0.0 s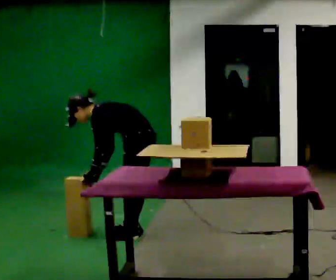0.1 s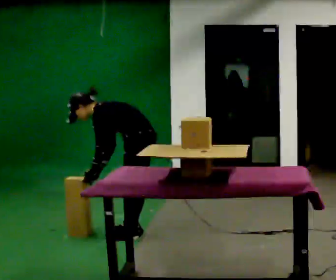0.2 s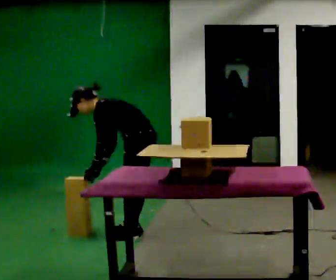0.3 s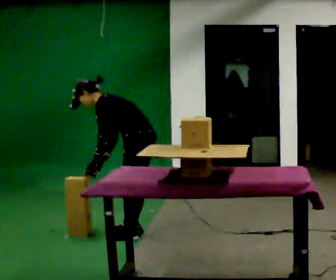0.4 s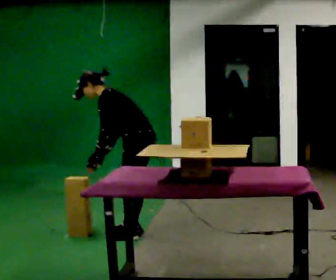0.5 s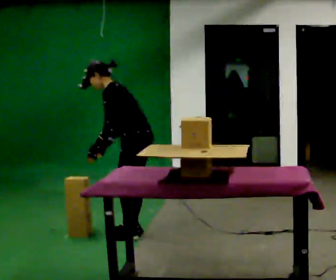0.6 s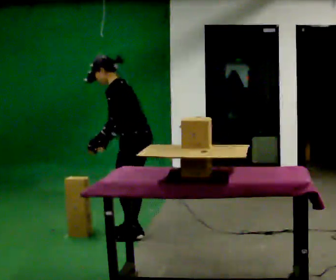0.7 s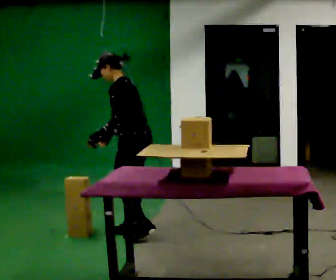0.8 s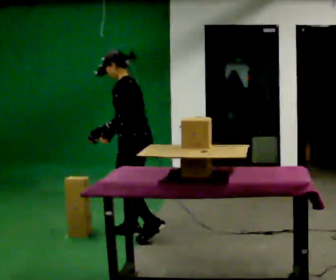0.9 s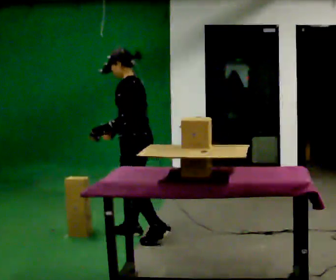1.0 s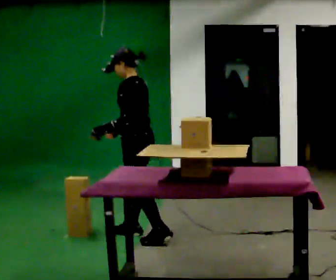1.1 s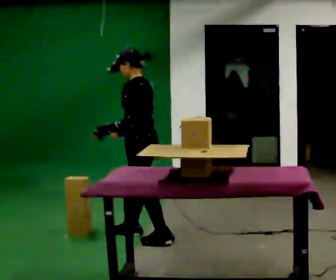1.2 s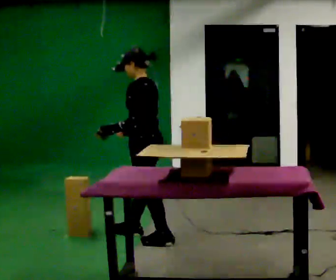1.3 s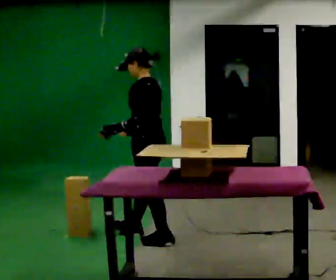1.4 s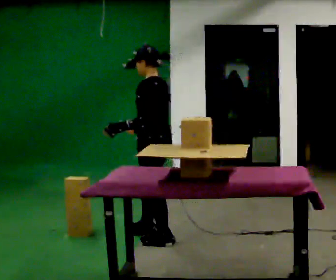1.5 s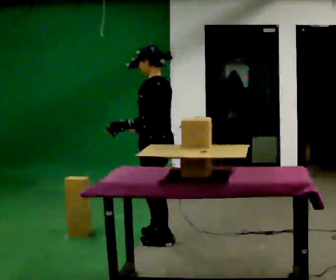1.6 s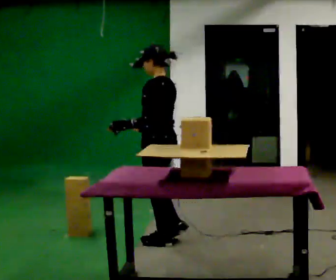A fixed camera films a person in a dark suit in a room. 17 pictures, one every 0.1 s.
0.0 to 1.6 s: In the picture they go toward the camera, about 0.25 m in 2 steps, which for them is to their left and backward. The shoulders move upward. In the picture the upper body tilts clockwise, shoulders to the right, as they lean back or straighten. In the picture their left hand goes upward.
The film runs backward here.
